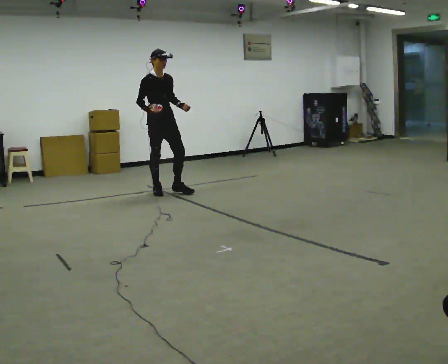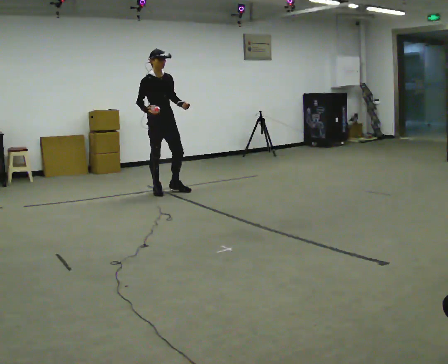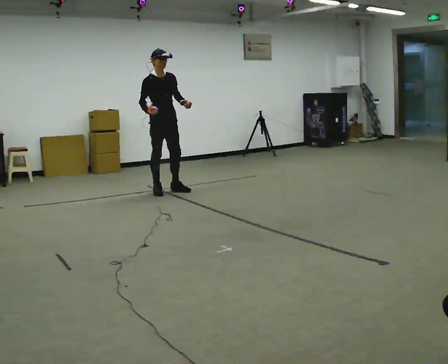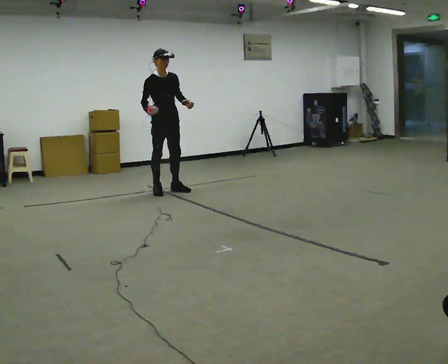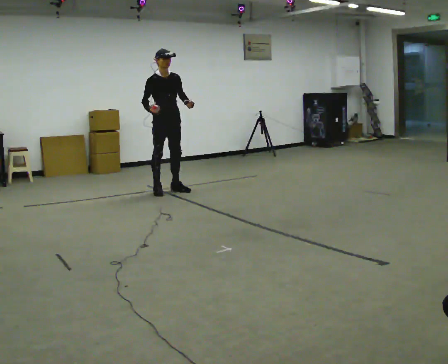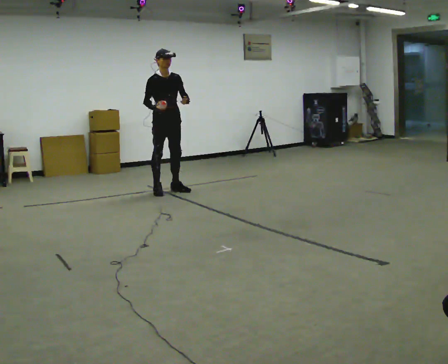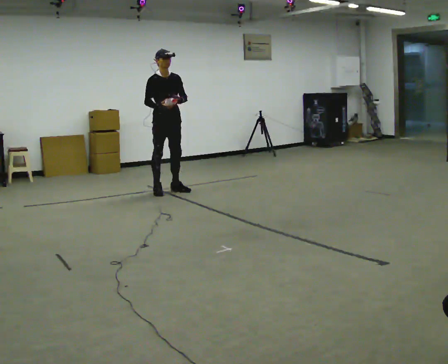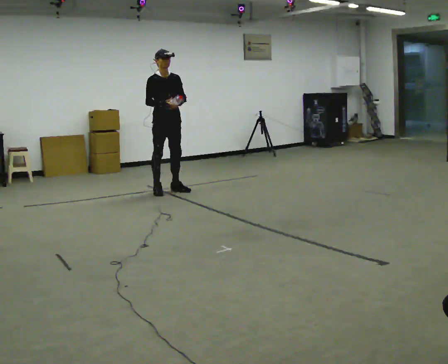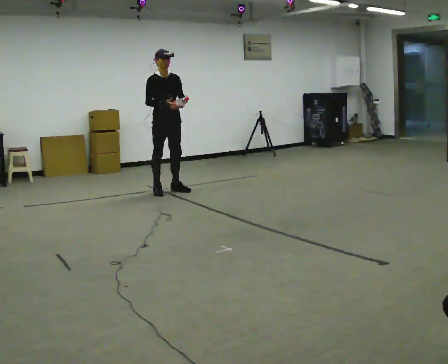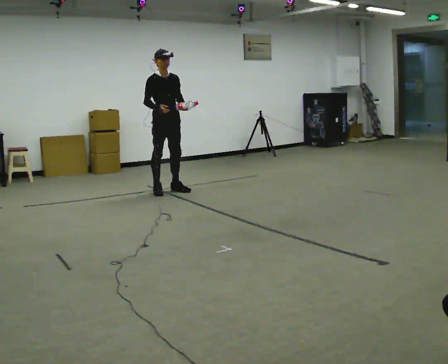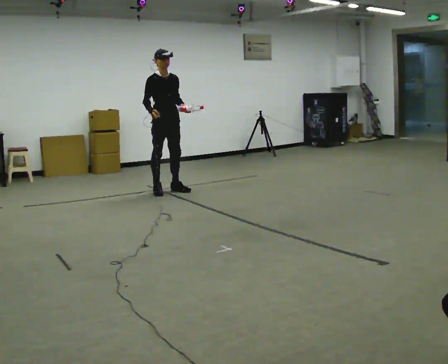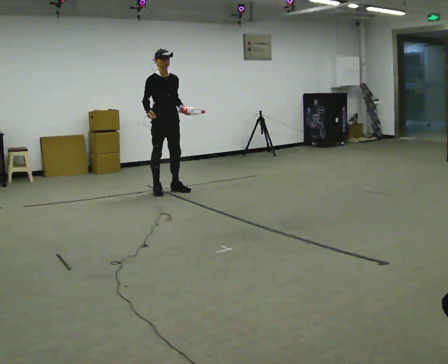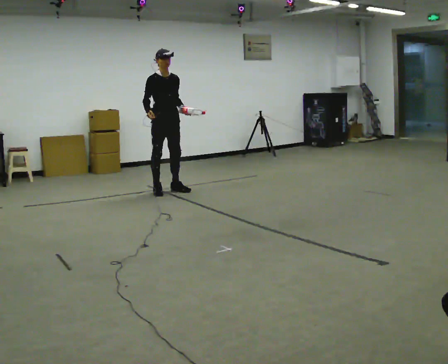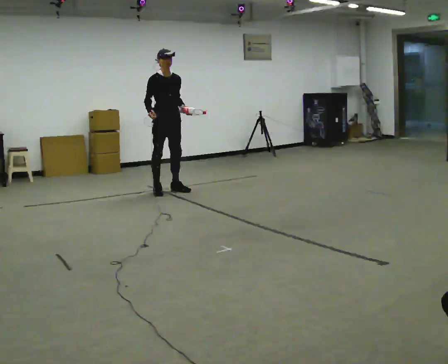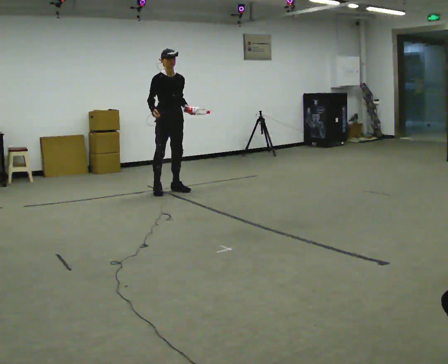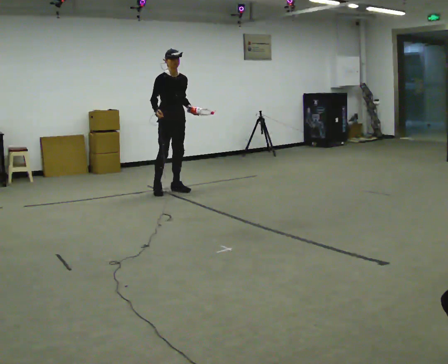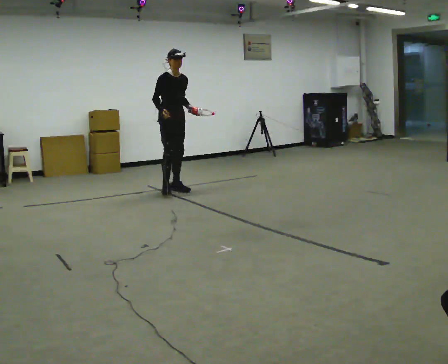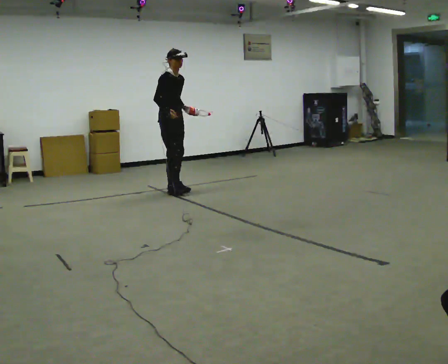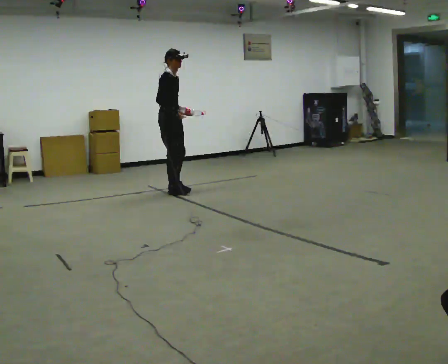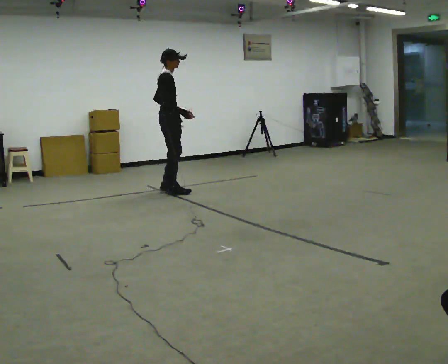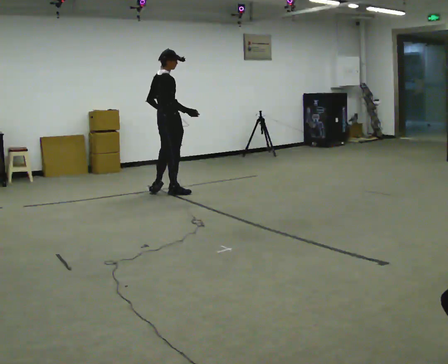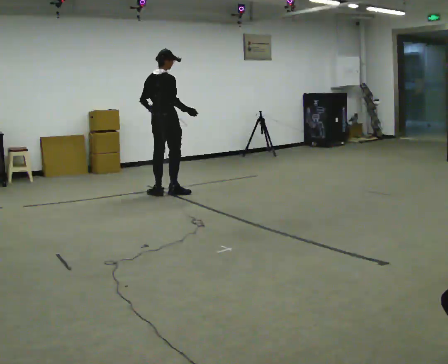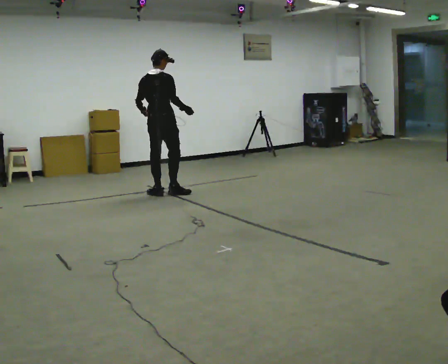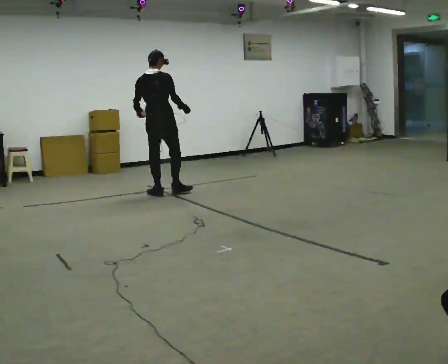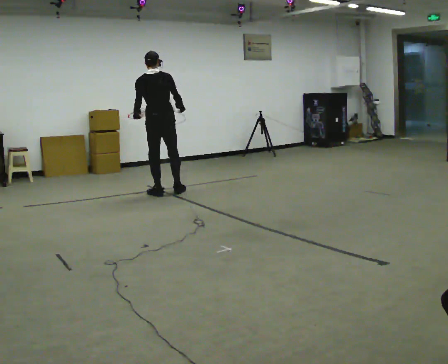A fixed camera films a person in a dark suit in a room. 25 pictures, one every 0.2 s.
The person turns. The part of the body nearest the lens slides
to the right.
The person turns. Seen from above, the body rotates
counterclockwise.
0.0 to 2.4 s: The person moves a little, or ends about where they began.
2.4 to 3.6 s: The part of the body nearest the lens slides to the right as the person turns to their left by about 30 degrees.
3.6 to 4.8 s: The part of the body nearest the lens slides to the right as the person turns to their left by about 120 degrees. In the picture they go toward the camera, about 0.25 m in 1 step. In the picture the upper body tilts counterclockwise, shoulders to the left.
The film runs backward here.
